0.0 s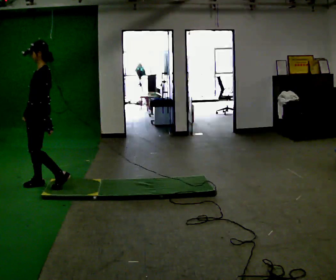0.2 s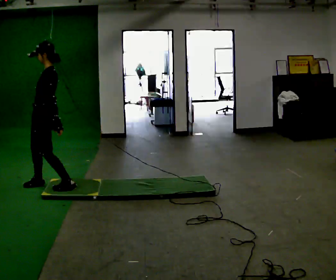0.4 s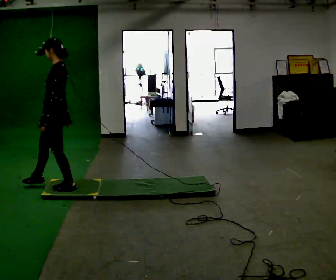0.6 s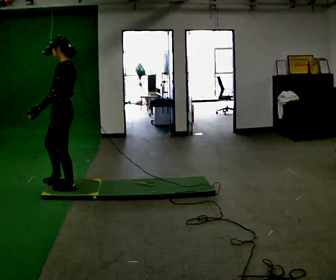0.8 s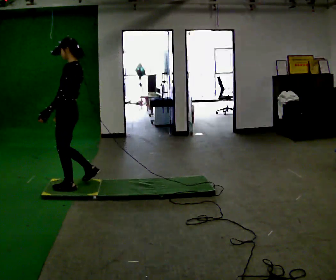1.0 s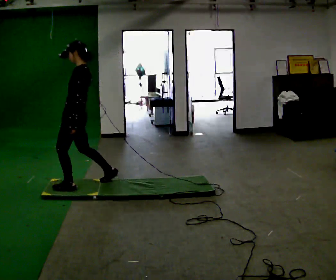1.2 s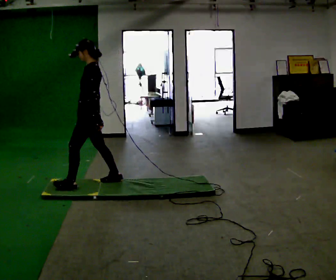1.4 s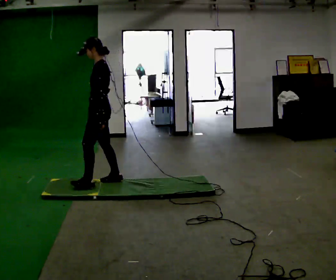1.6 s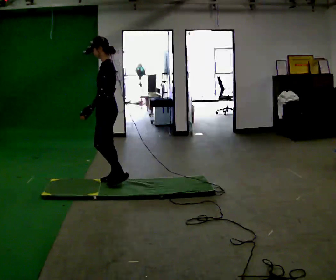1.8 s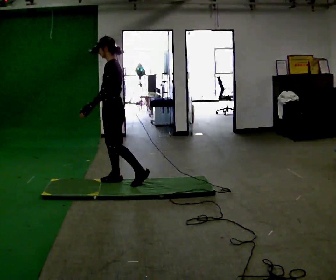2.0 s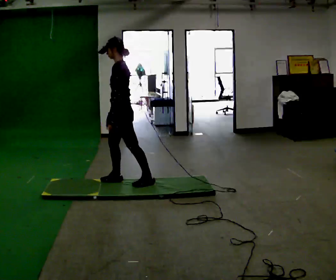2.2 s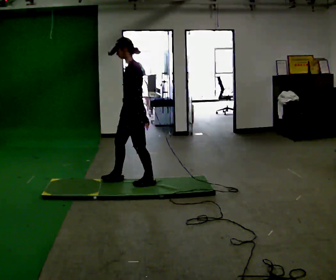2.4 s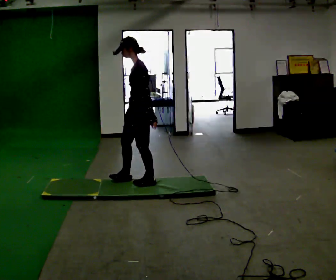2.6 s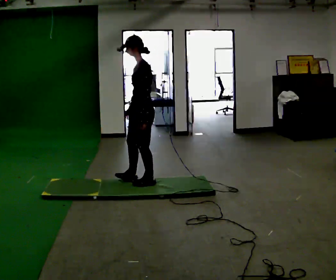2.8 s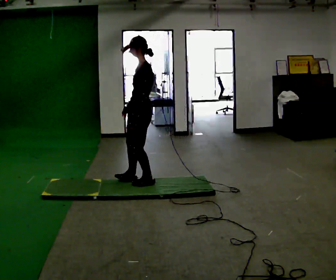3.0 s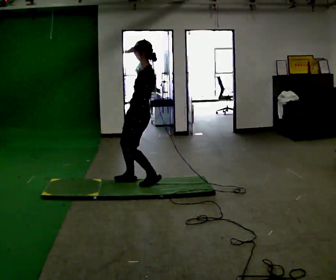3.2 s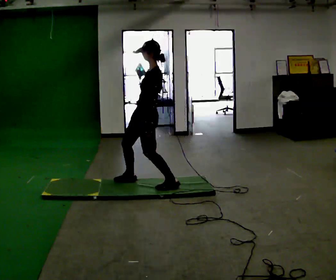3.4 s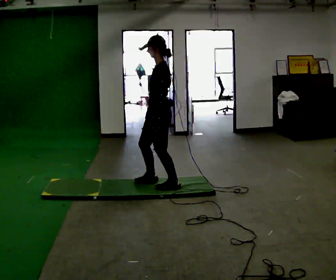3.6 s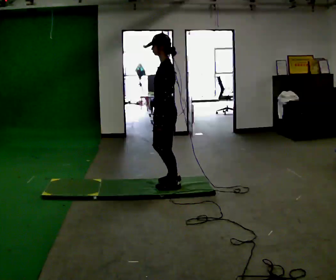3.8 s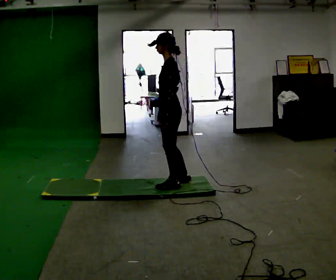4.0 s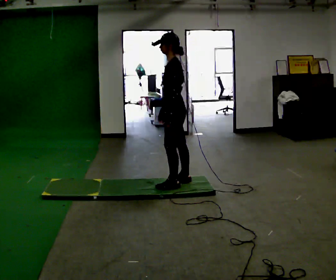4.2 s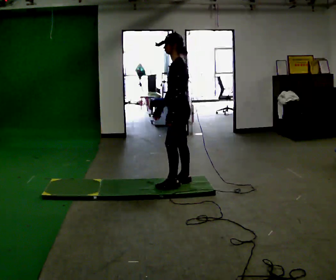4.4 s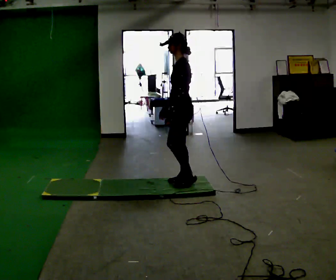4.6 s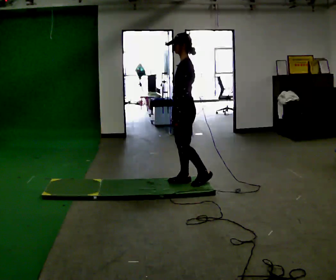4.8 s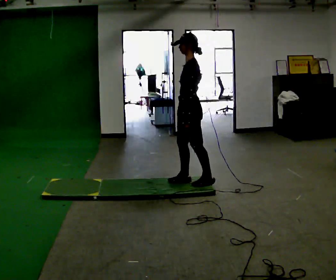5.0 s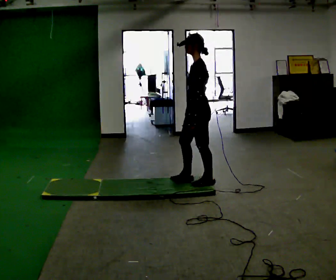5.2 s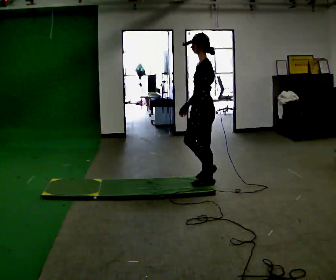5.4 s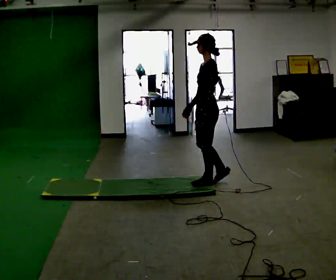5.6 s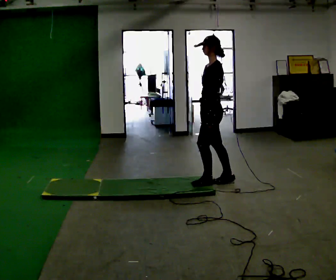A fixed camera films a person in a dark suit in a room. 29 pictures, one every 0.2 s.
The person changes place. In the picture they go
to the right.
0.0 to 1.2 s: The person turns about 30 degrees to their right, clockwise seen from above, so the part of the body nearest the lens slides to the left. In the picture they go to the right, about 0.5 m in 1 step, which for them is backward.
1.2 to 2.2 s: In the picture they go to the right, about 0.5 m in 1 step, which for them is backward.
2.2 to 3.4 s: In the picture they go to the right, about 0.25 m in 3 steps, which for them is backward.
3.4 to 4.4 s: In the picture they go to the right, about 0.25 m in 1 step, which for them is backward.
4.4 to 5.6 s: In the picture they go to the right, about 0.25 m in 1 step, which for them is backward.
The film runs backward here.
